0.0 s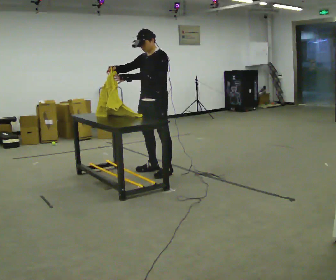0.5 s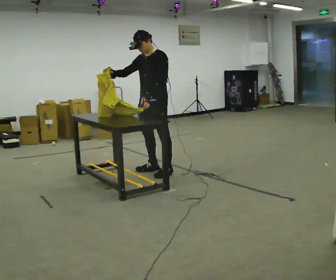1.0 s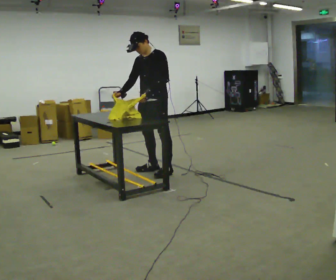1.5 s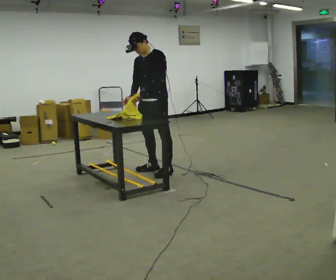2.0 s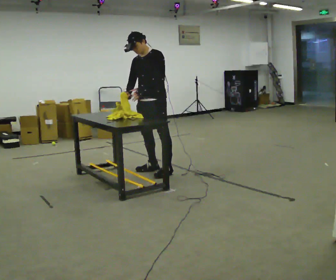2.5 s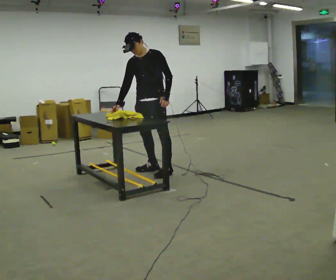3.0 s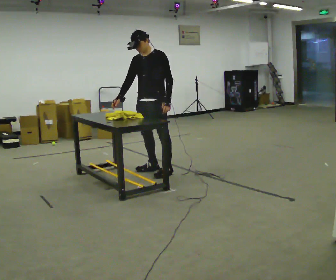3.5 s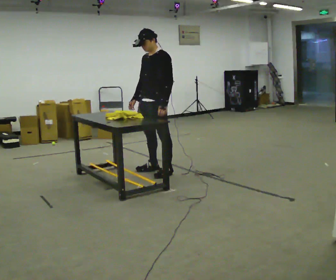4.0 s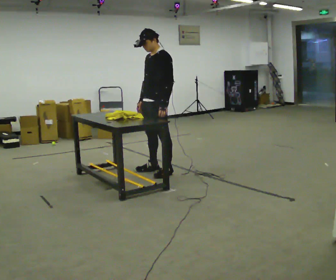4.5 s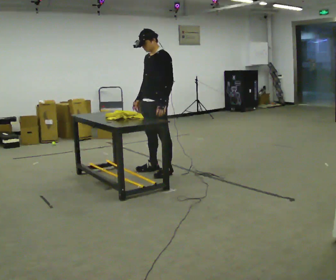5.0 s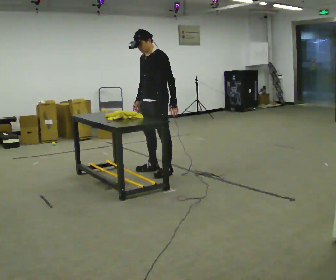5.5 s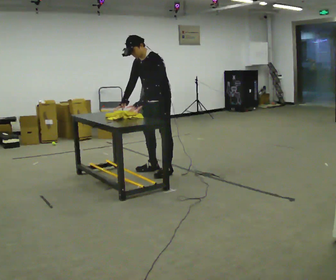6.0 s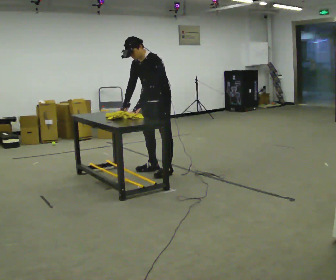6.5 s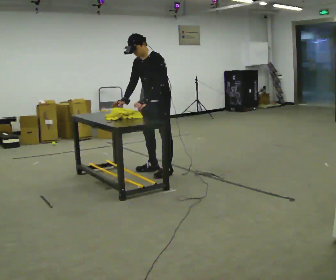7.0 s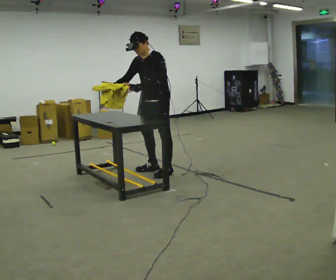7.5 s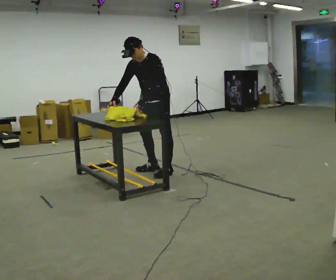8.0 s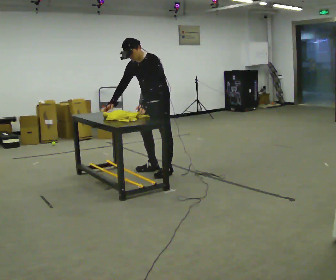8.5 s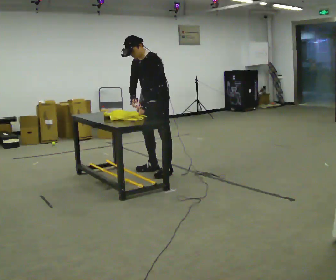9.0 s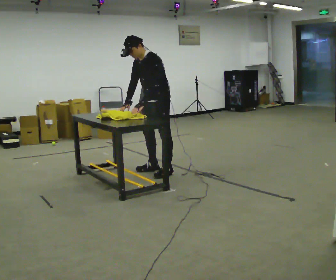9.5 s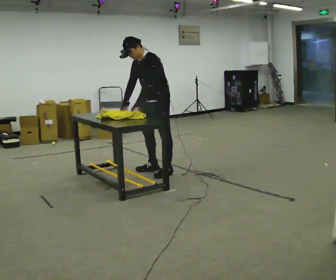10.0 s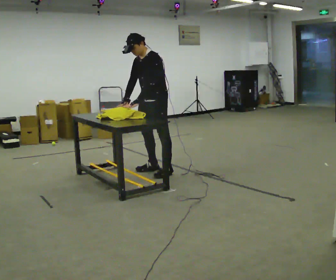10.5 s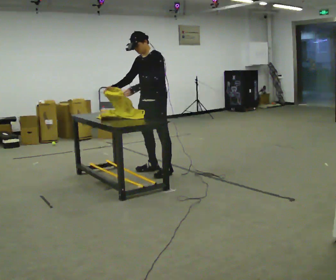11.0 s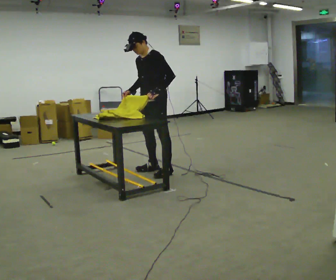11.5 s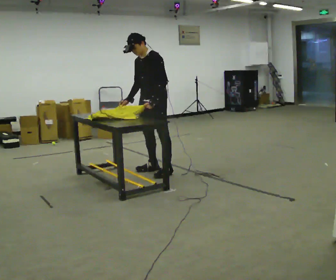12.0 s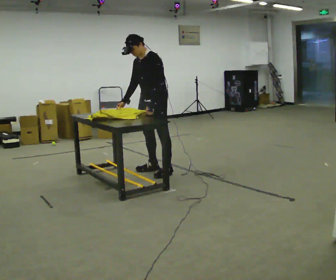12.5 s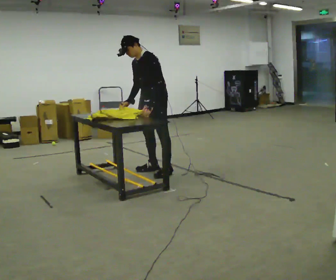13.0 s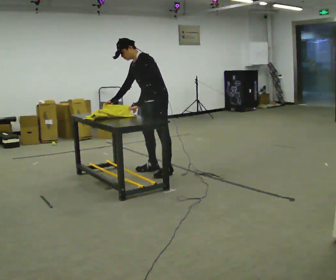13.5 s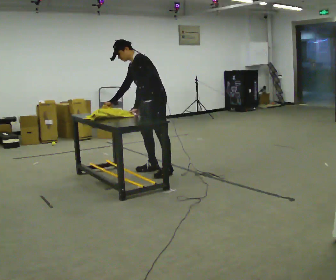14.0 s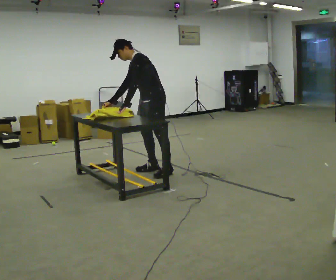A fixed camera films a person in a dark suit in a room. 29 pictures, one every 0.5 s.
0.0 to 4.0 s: In the picture their right hand goes downward.
4.0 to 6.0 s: In the picture the upper body tilts counterclockwise, shoulders to the left, as they bend forward.
6.0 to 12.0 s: The person moves a little, or ends about where they began.
12.0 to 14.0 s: In the picture the upper body tilts counterclockwise, shoulders to the left. In the picture their left hand goes to the left.
The film runs backward here.
